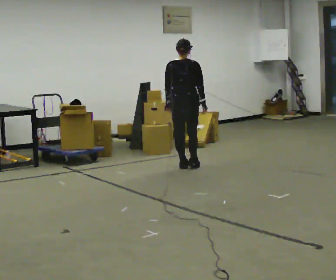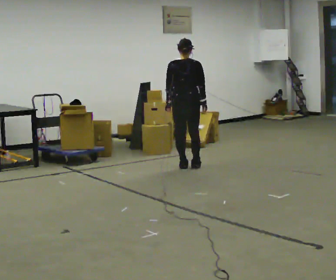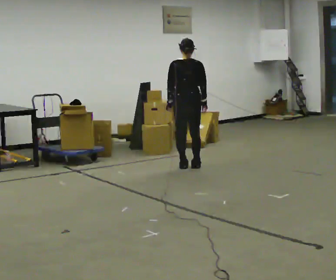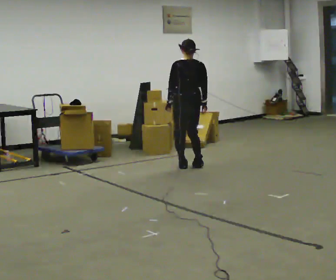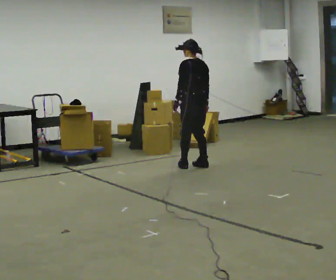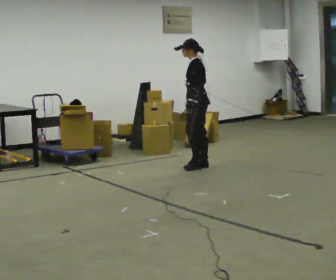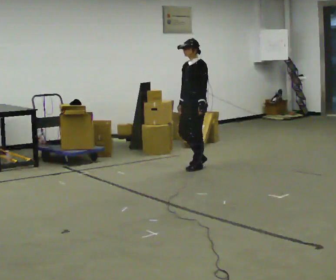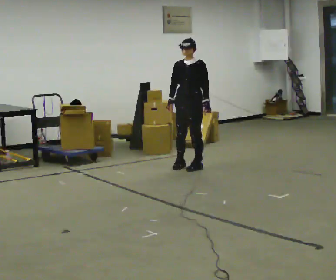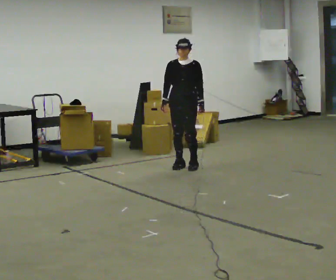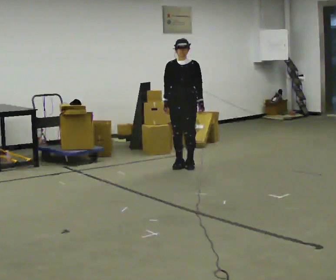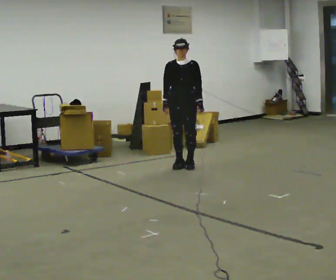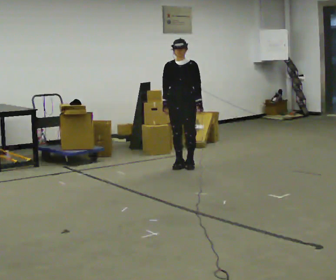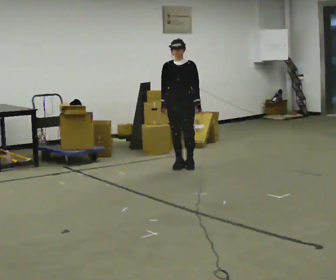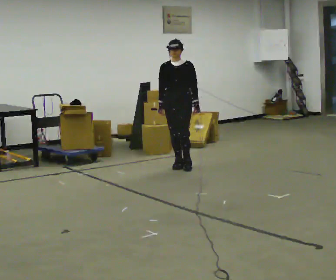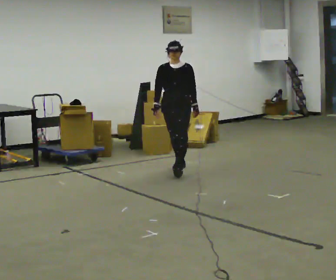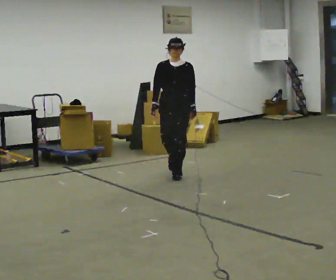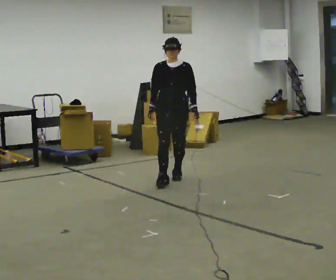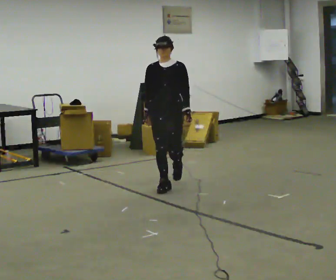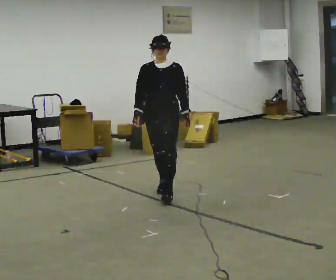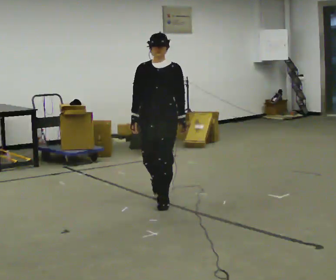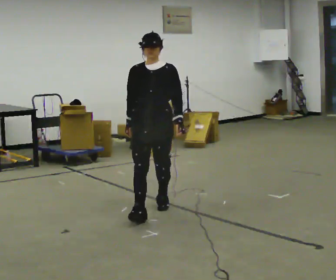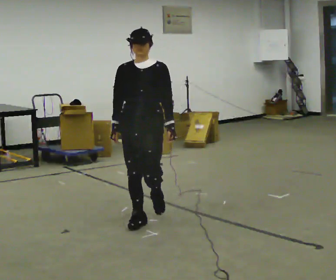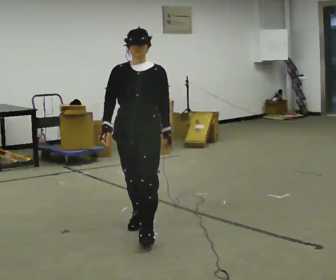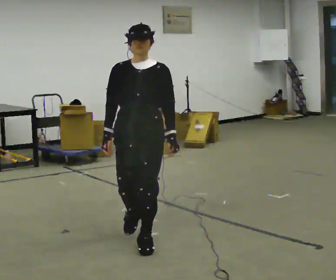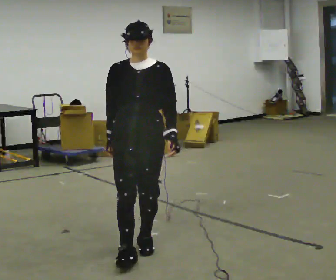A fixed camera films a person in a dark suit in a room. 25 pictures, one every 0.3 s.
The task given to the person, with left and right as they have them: Walk forward while moving diagonally left/right; finish ~45° from start direction.
0.0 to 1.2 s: The person turns about 60 degrees to their left, counterclockwise seen from above, so the part of the body nearest the lens slides to the right. In the picture they go to the right, about 0.25 m, which for them is to their right.
1.2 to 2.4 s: Seen from above the body turns counterclockwise, about 120 degrees: to their left, with its near side sliding to the right. In the picture they go to the left, about 0.25 m in 1 step.
2.4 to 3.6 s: The person moves a little, or ends about where they began.
3.6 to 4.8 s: In the picture they go toward the camera, about 0.75 m in 1 step, which for them is forward.
4.8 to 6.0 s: In the picture they go toward the camera, about 1 m in 2 steps, which for them is forward.
6.0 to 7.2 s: In the picture they go toward the camera, about 1 m in 2 steps, which for them is forward.
The film runs forward here.
